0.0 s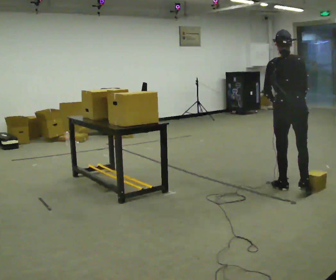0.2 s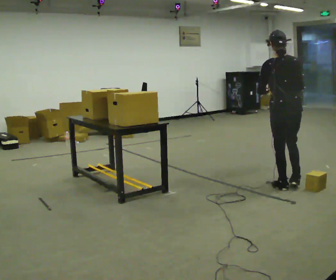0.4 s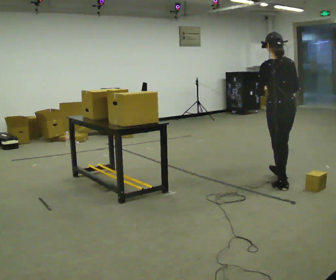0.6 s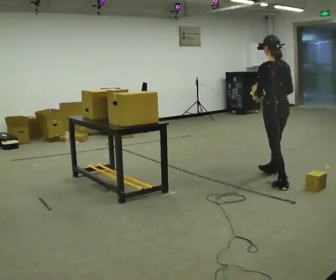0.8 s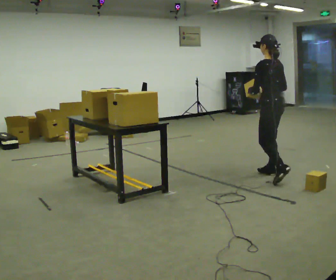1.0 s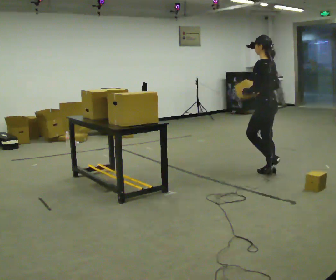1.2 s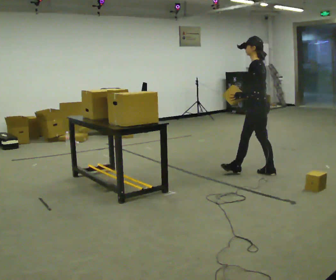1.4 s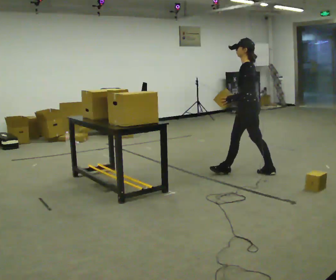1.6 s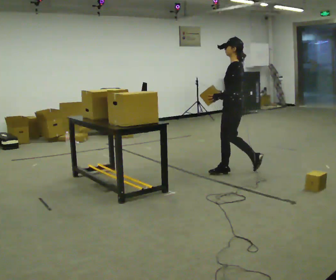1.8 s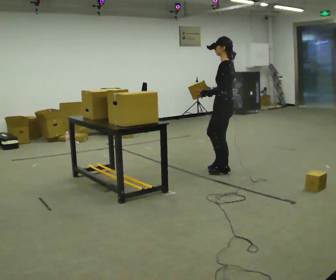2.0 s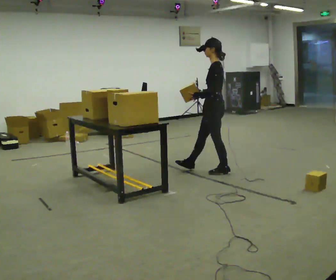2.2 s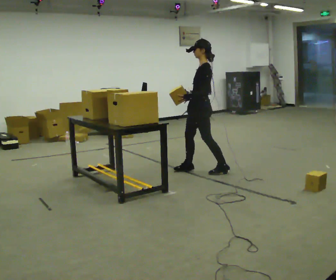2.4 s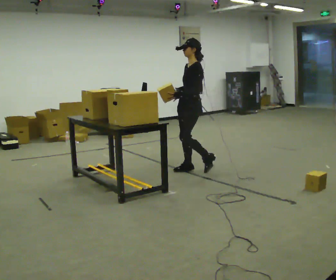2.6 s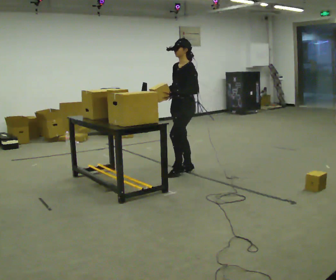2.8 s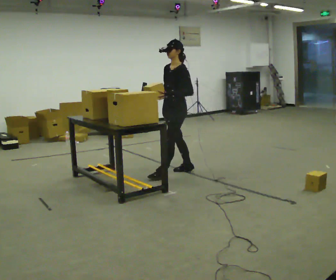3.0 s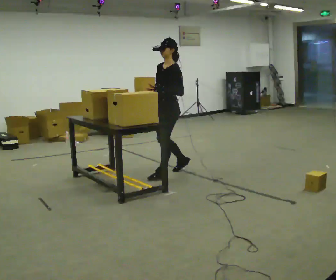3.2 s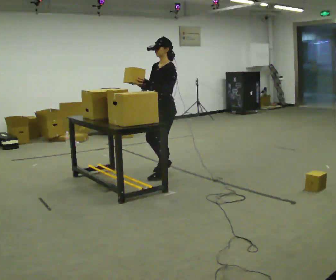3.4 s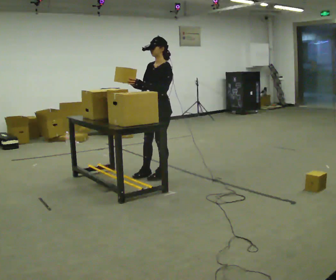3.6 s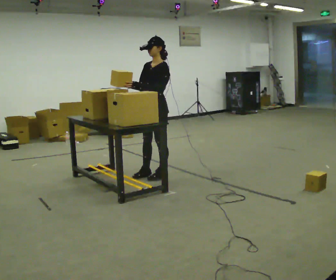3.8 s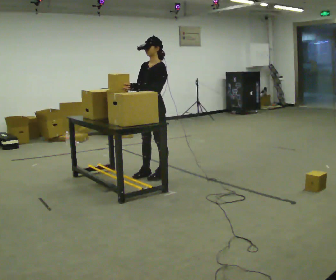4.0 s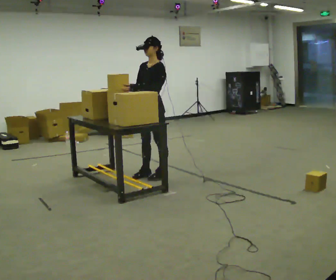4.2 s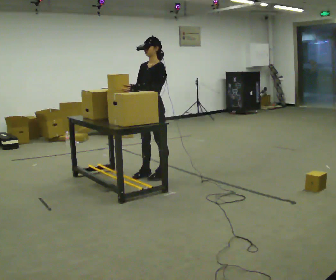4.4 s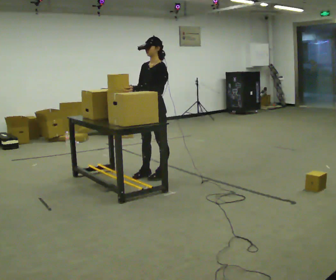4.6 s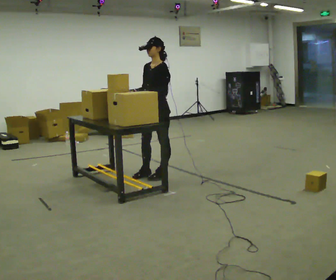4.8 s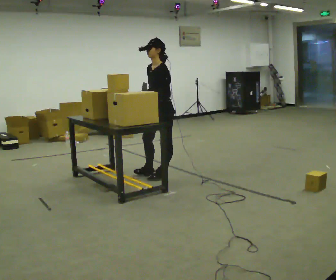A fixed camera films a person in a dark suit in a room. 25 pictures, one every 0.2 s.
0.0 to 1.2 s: The person turns about 75 degrees to their left, counterclockwise seen from above, so the part of the body nearest the lens slides to the right. In the picture they go away from the camera, about 0.75 m in 1 step.
1.2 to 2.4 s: The part of the body nearest the lens slides to the right as the person turns to their left by about 45 degrees. In the picture they go to the left, about 1 m in 2 steps, which for them is forward.
2.4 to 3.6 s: In the picture they go to the left and toward the camera, about 0.5 m in 2 steps, which for them is forward.
3.6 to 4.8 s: The person moves a little, or ends about where they began.
The film runs forward here.
